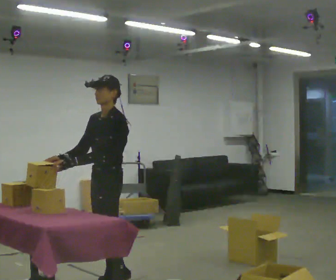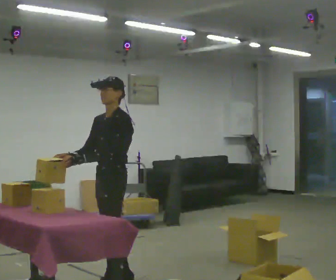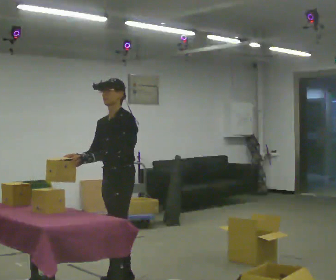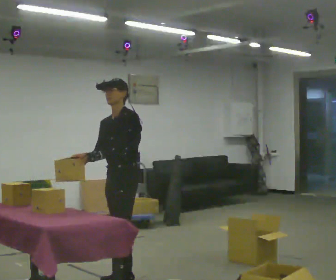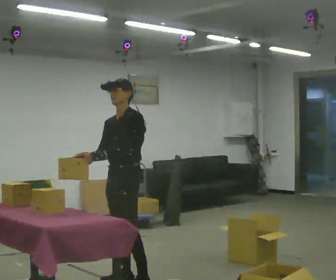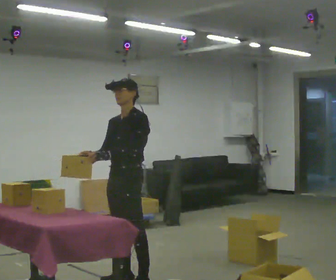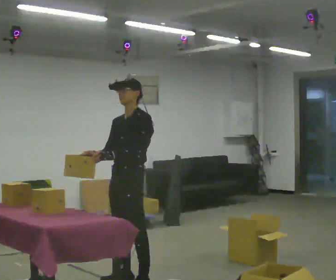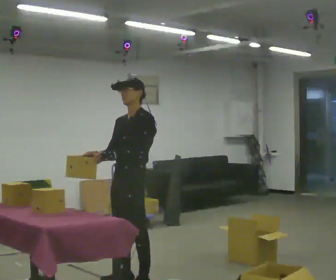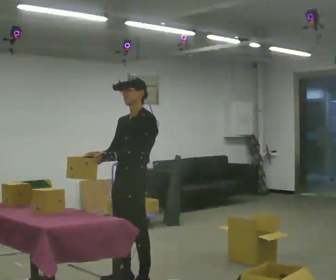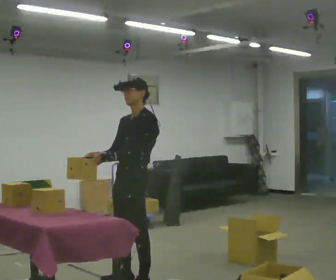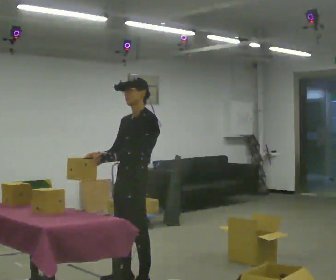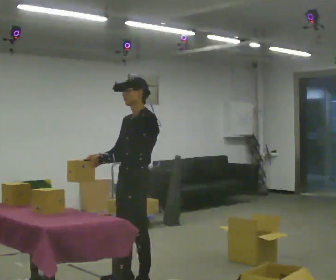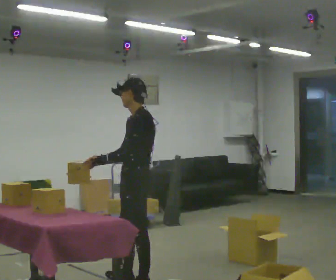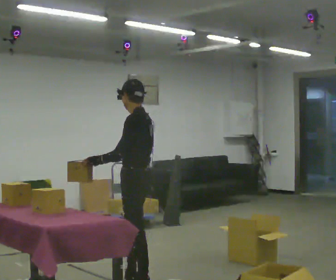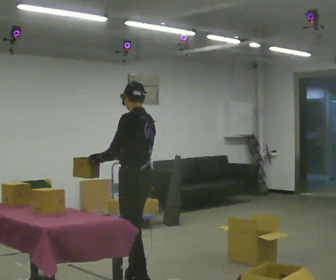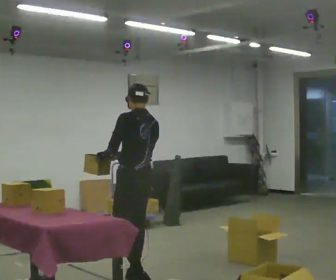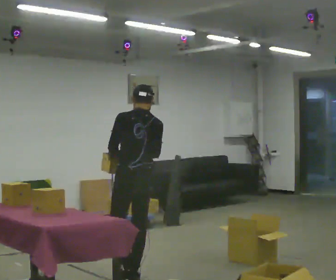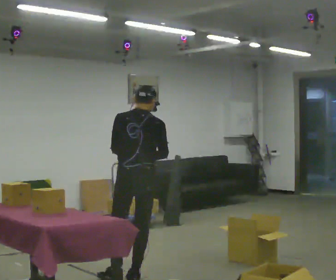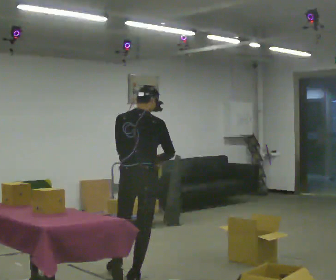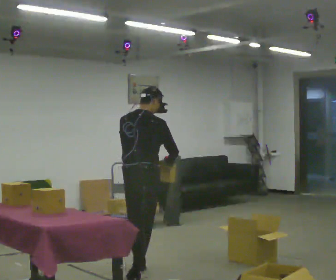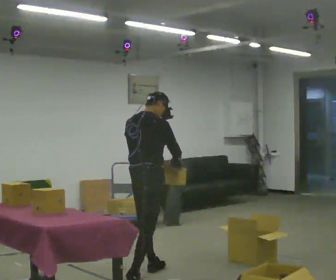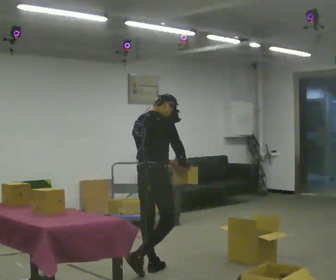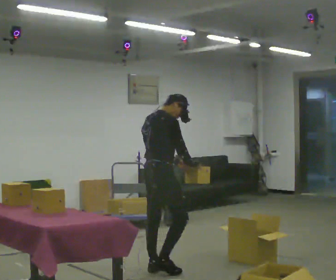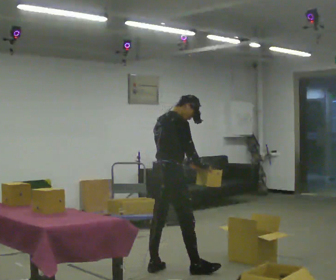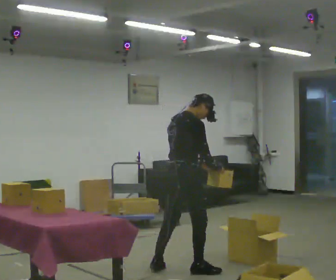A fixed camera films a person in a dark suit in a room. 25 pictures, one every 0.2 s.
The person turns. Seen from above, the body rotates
clockwise.
Their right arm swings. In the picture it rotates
counterclockwise.
0.0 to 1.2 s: In the picture they go to the right, about 0.25 m in 2 steps, which for them is backward.
1.2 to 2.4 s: The person turns about 30 degrees to their right, clockwise seen from above, so the part of the body nearest the lens slides to the left.
2.4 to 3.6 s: Seen from above the body turns clockwise, about 105 degrees: to their right, with its near side sliding to the left. In the picture they go away from the camera, about 0.25 m. In the picture their right hand goes to the right, the arm swinging counterclockwise.
3.6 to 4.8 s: The part of the body nearest the lens slides to the left as the person turns to their right by about 45 degrees. In the picture they go to the right and away from the camera, about 0.5 m in 2 steps, which for them is forward.
The film runs forward here.
